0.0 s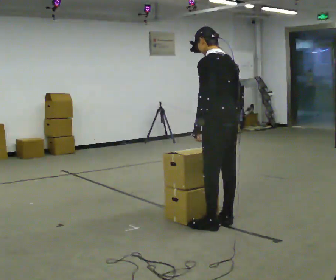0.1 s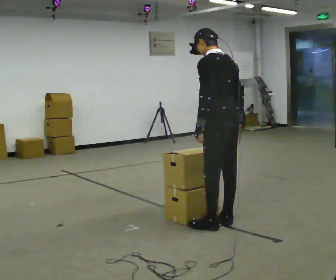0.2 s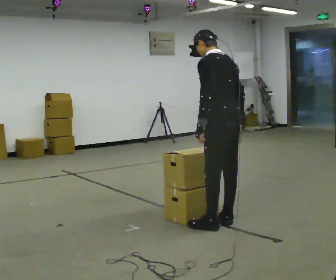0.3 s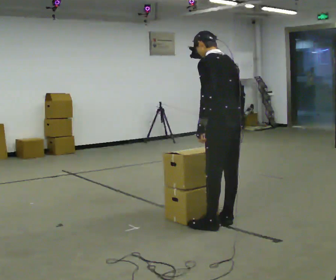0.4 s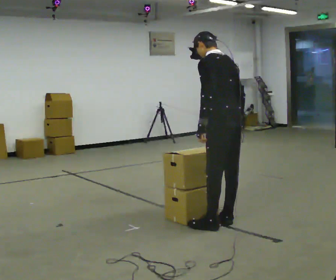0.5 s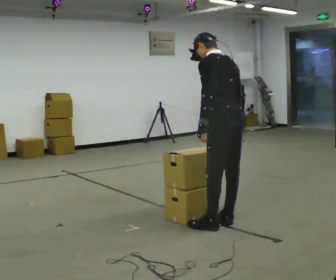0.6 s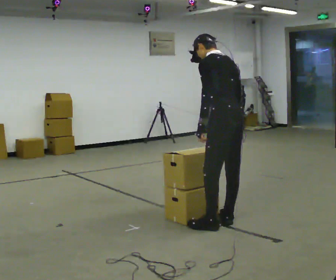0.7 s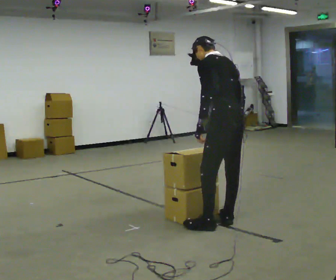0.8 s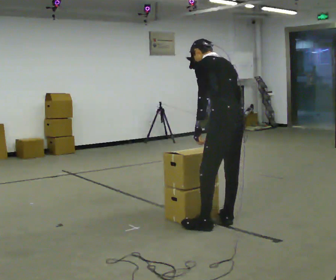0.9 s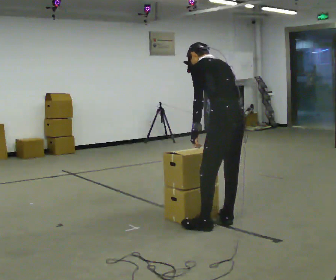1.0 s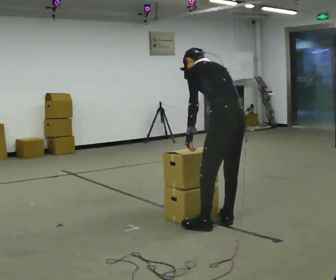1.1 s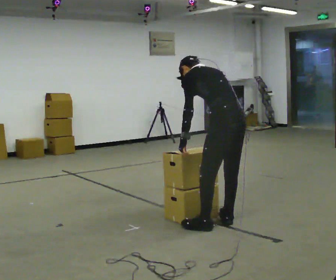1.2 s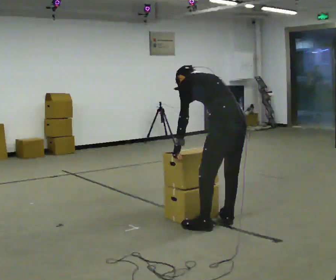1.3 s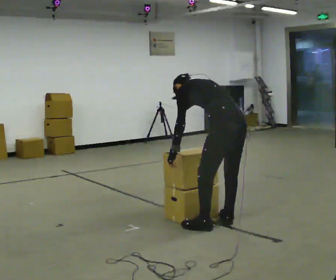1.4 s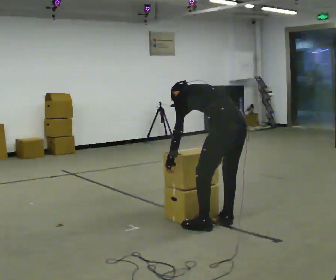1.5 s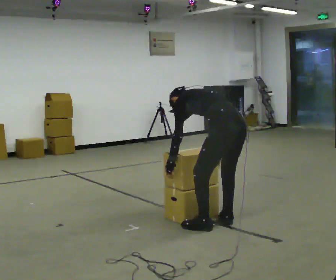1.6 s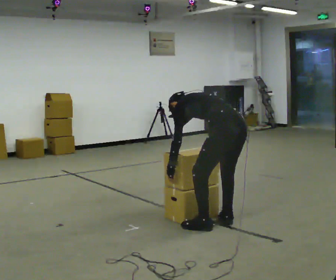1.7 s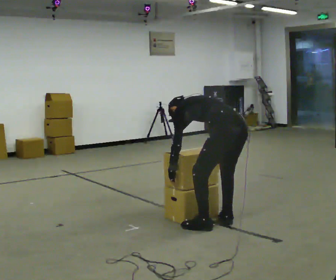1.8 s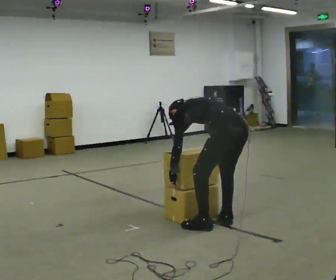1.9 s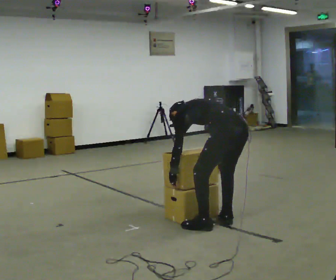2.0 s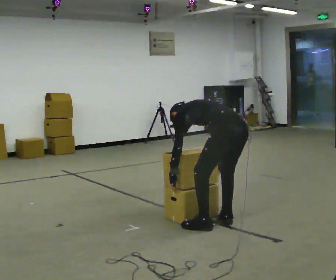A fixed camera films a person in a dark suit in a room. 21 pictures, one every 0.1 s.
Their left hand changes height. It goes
downward.
The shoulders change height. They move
downward.
0.0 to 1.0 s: The upper body tips away from the camera, its near side rolling upward, as they bend forward.
1.0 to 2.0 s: The shoulders move downward. In the picture the upper body tilts counterclockwise, shoulders to the left, as they bend forward. In the picture their left hand goes downward.
The film runs forward here.
